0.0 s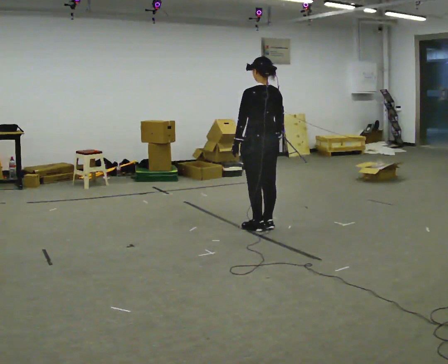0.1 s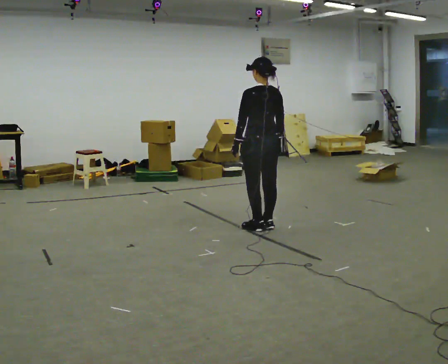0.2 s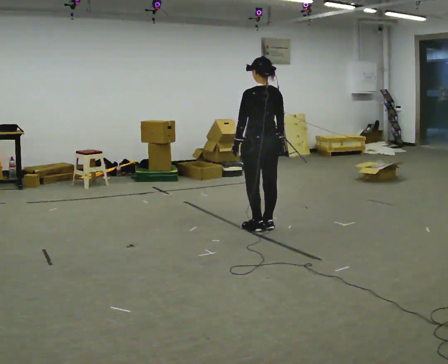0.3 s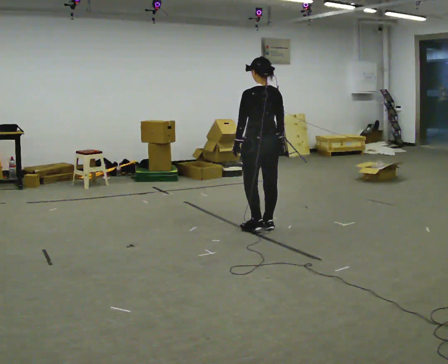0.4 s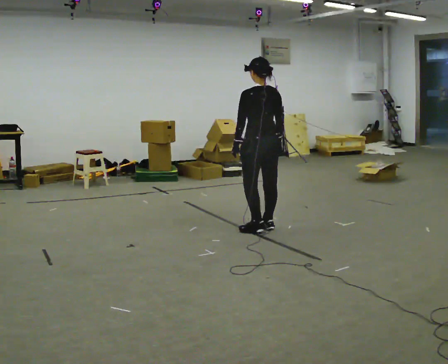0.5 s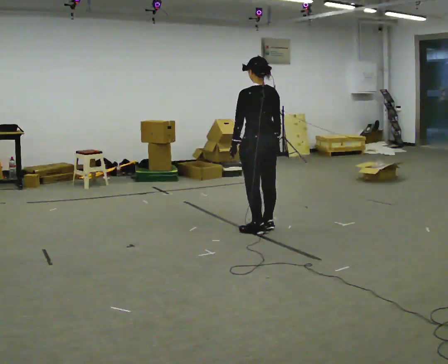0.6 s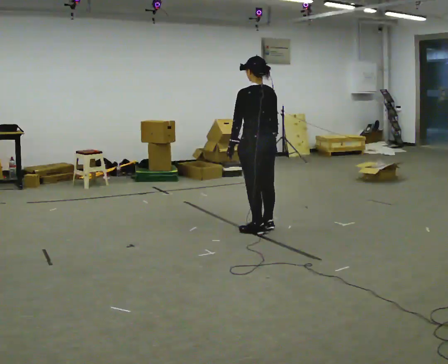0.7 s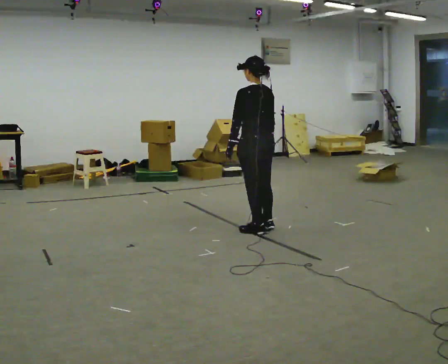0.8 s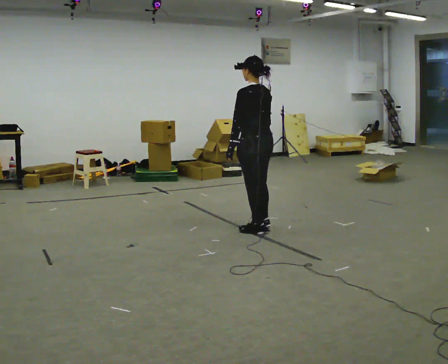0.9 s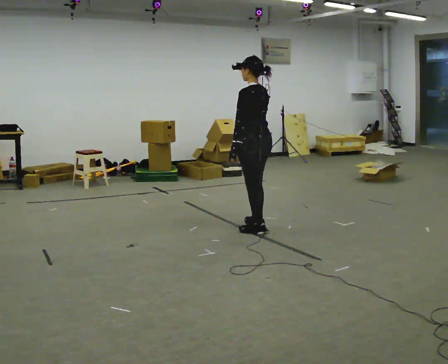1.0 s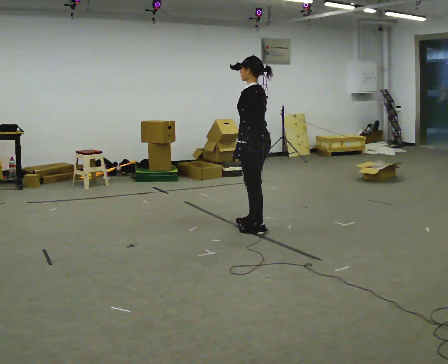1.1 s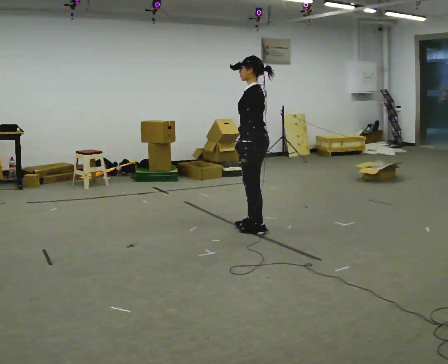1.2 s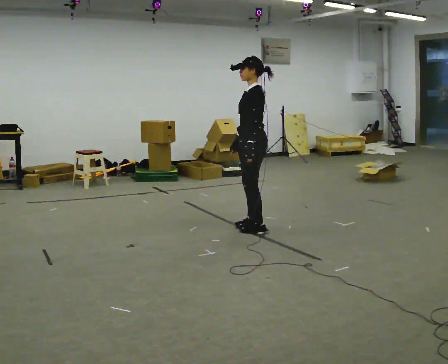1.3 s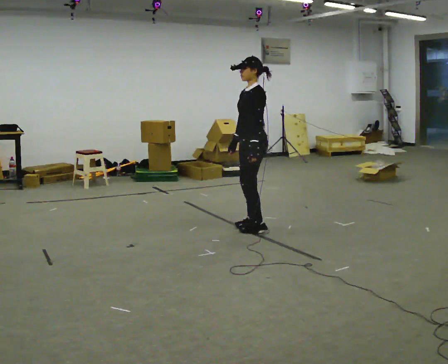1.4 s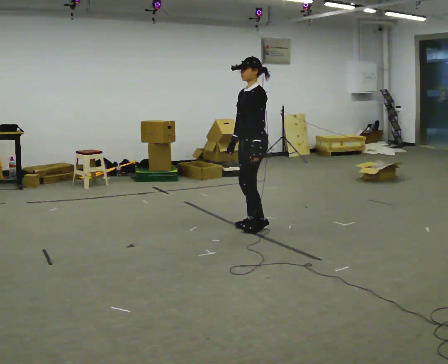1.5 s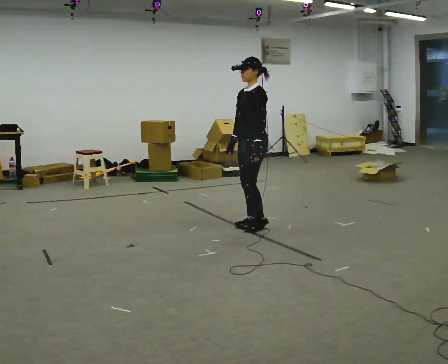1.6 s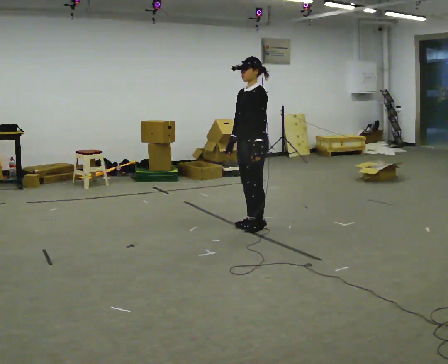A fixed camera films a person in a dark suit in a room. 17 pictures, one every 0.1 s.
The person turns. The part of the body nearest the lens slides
to the right.
The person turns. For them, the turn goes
to their left.
0.0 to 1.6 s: The part of the body nearest the lens slides to the right as the person turns to their left by about 90 degrees.
The film runs backward here.
